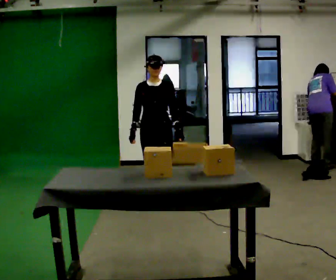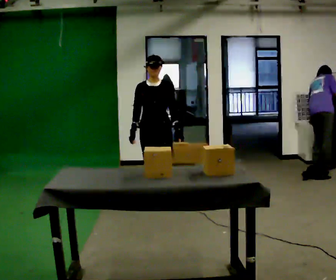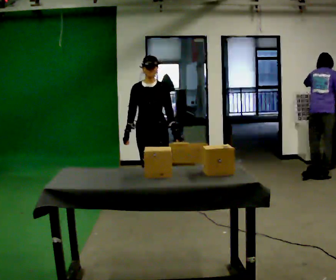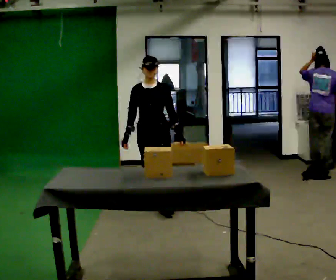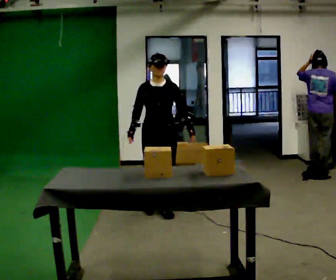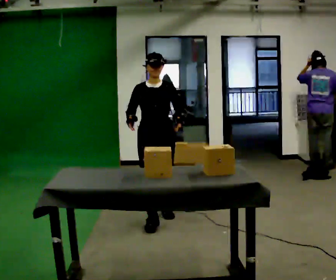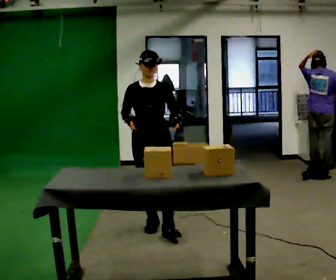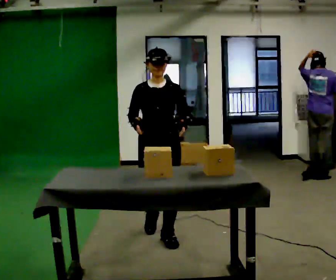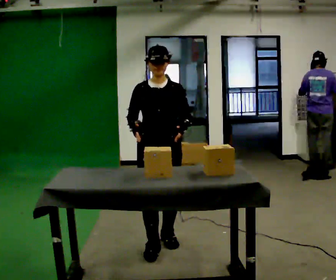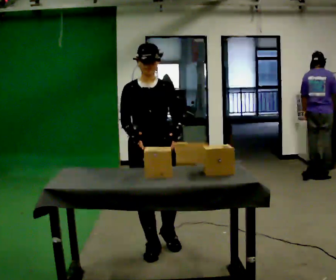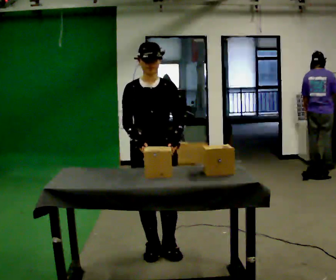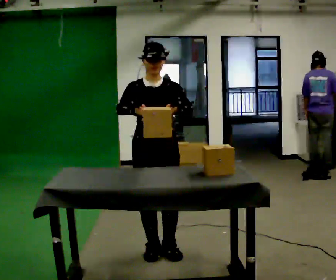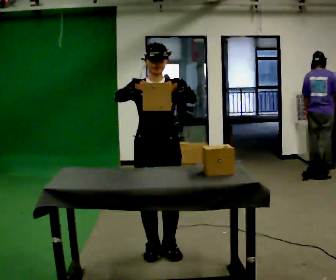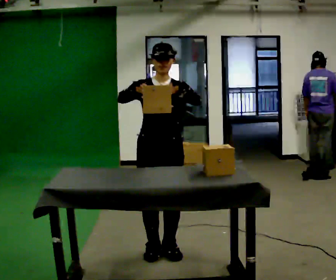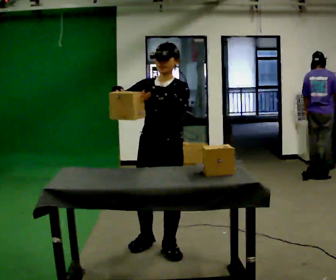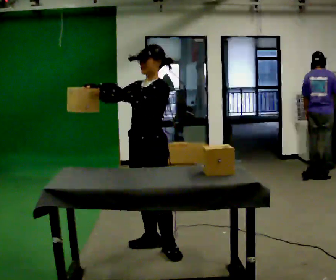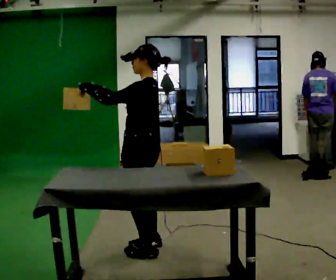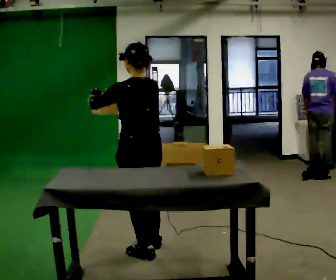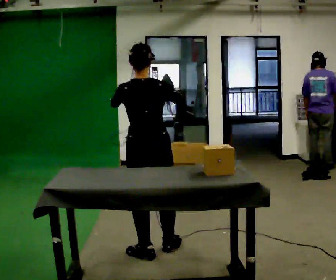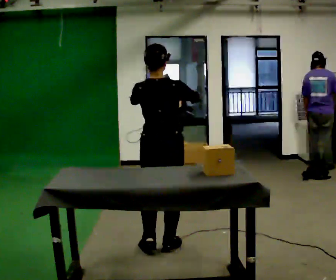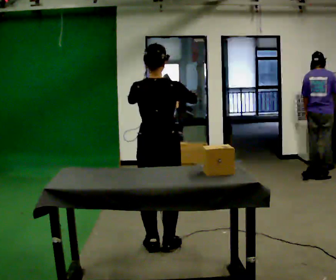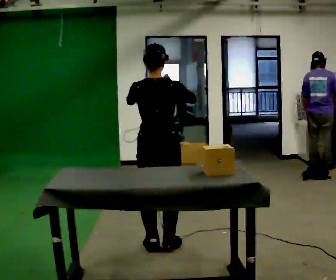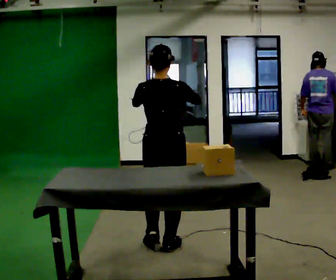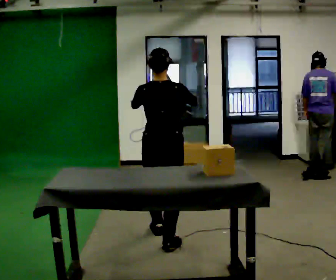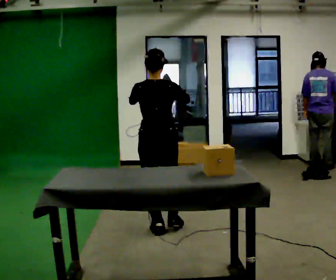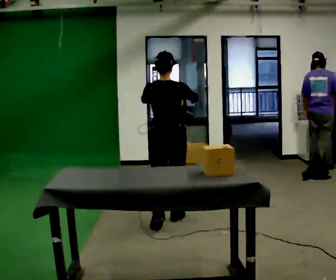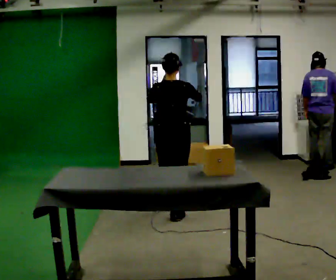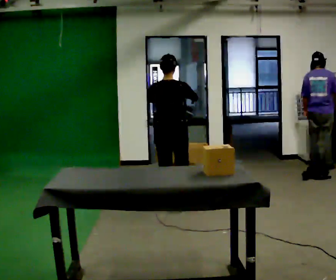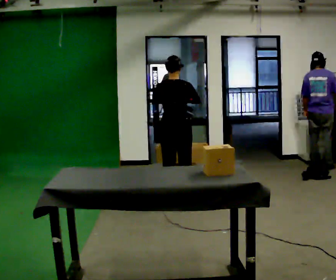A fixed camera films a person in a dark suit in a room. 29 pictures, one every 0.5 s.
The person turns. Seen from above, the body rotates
clockwise.
The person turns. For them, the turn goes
to their right.
0.0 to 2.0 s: In the picture they go toward the camera, about 0.25 m in 1 step, which for them is forward.
2.0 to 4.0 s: In the picture they go toward the camera, about 1 m in 3 steps, which for them is forward.
4.0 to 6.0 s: In the picture they go toward the camera, about 0.25 m in 1 step, which for them is forward.
6.0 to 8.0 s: Seen from above the body turns clockwise, about 105 degrees: to their right, with its near side sliding to the left.
8.0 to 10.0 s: Seen from above the body turns clockwise, about 90 degrees: to their right, with its near side sliding to the left. In the picture their left hand goes to the right.
10.0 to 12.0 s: In the picture they go away from the camera, about 0.5 m in 1 step, which for them is forward.
12.0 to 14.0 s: In the picture they go away from the camera, about 1 m in 3 steps, which for them is forward.
The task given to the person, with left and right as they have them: The operator will name an object. Go and find it, bring it back, and hand it over. Then wait for the next one.
The film runs forward here.
